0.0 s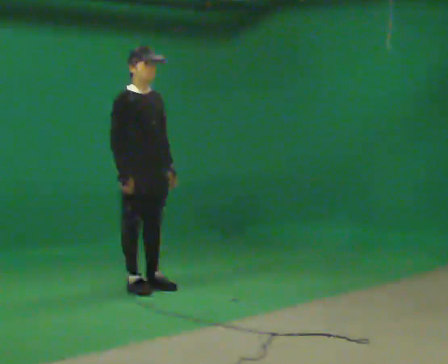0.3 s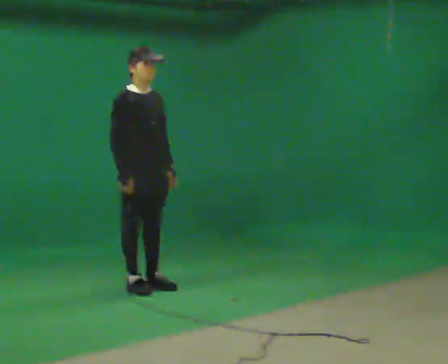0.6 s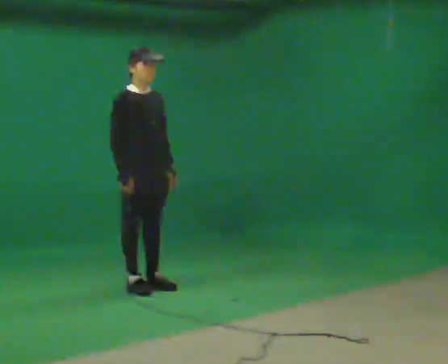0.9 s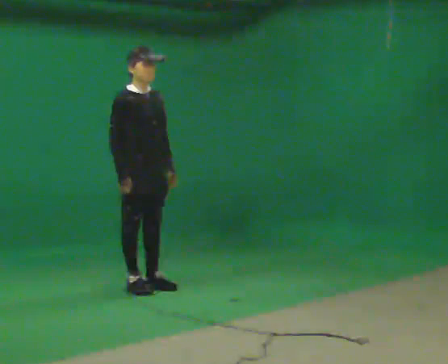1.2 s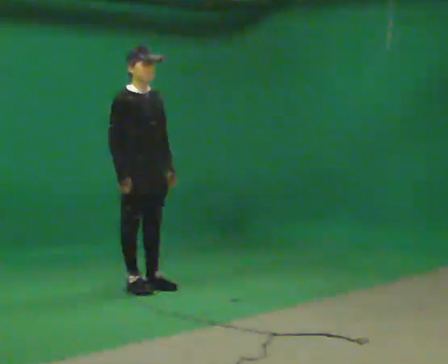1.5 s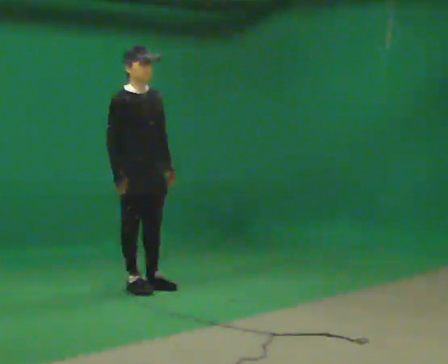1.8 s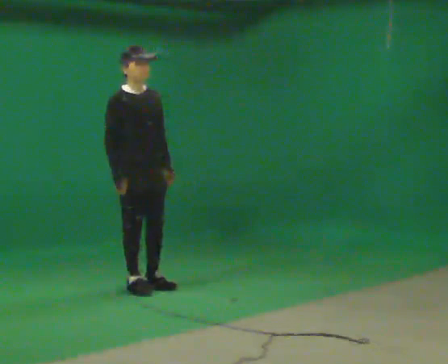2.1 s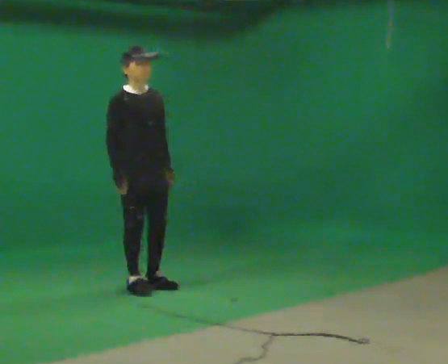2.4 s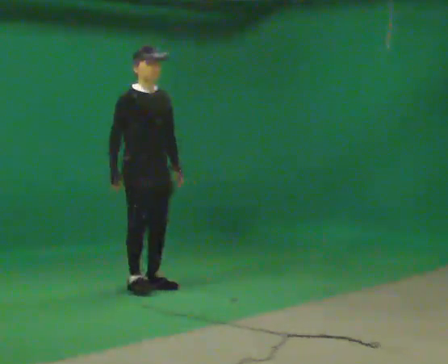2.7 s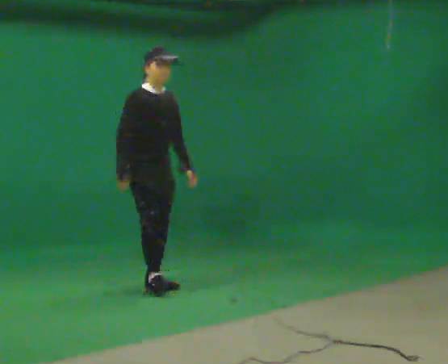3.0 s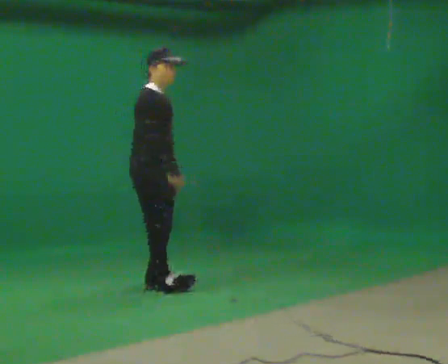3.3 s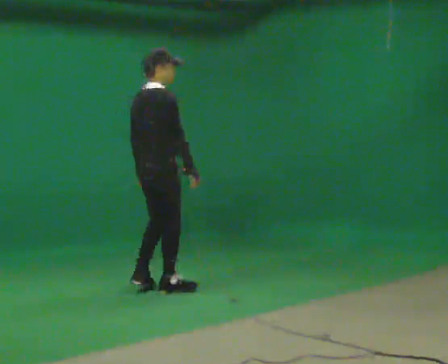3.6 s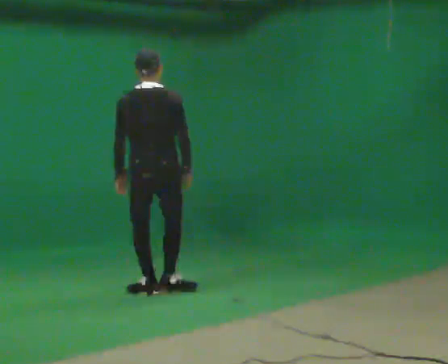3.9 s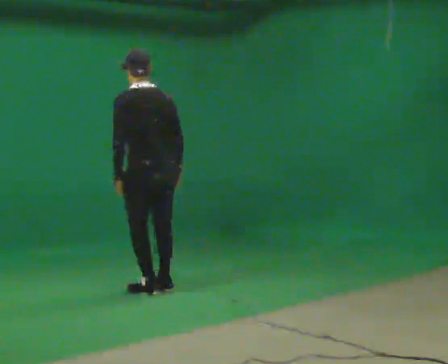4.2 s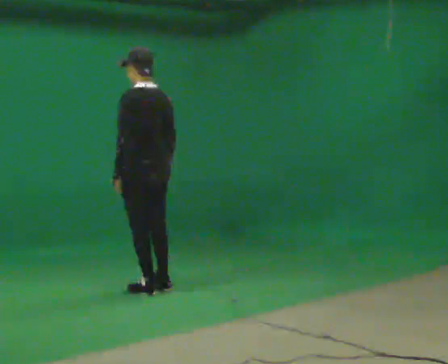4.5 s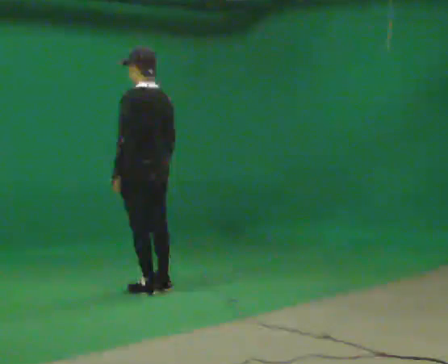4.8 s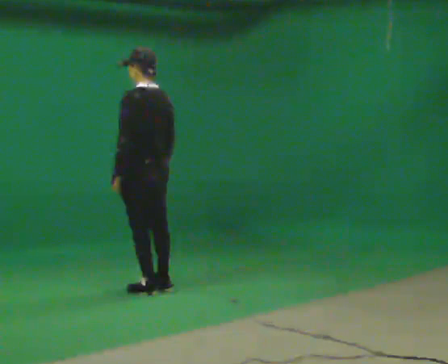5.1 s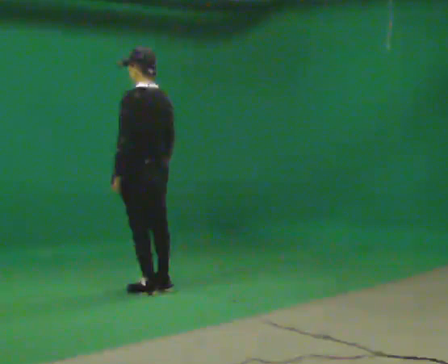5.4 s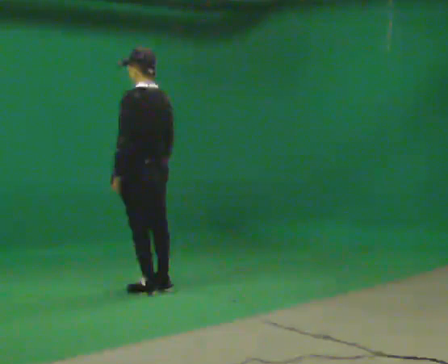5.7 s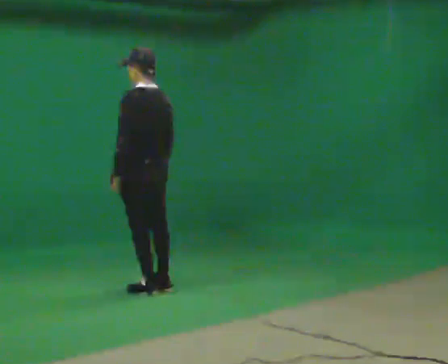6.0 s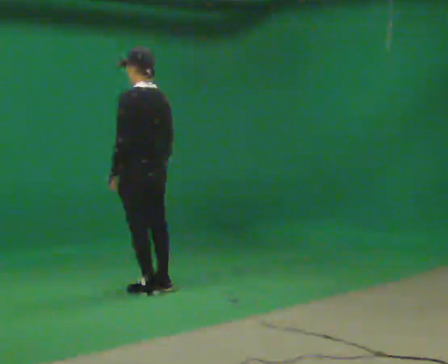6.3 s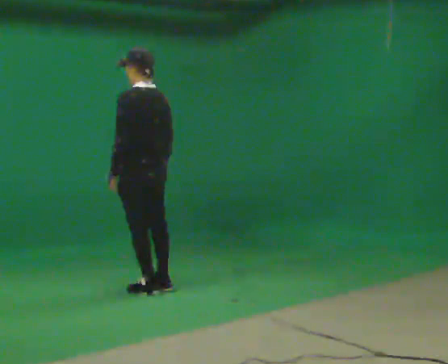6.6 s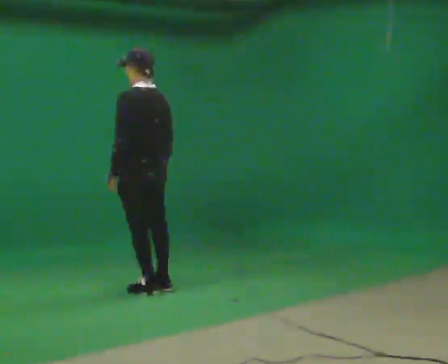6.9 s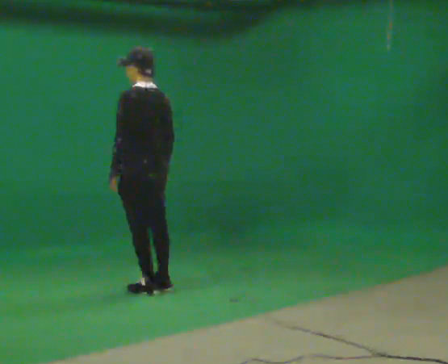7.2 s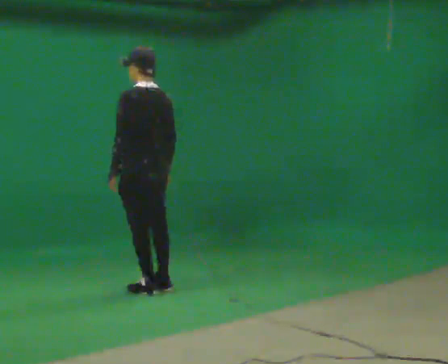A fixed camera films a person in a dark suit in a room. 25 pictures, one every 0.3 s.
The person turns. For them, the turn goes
to their left.
The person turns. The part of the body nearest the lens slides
to the right.
0.0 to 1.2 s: The person keeps their place and pose.
1.2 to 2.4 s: The person moves a little, or ends about where they began.
2.4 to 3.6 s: The part of the body nearest the lens slides to the right as the person turns to their left by about 120 degrees. In the picture their left hand goes to the left, the arm swinging clockwise.
3.6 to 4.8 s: Seen from above the body turns counterclockwise, about 60 degrees: to their left, with its near side sliding to the right.
4.8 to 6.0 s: The person keeps their place and pose.
6.0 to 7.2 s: The person moves a little, or ends about where they began.
The film runs backward here.
